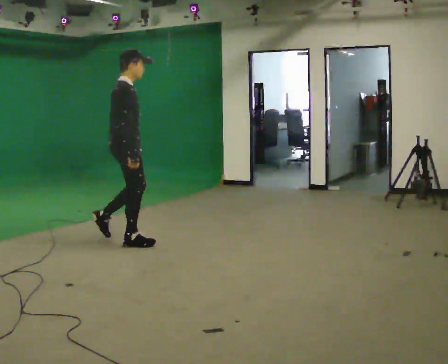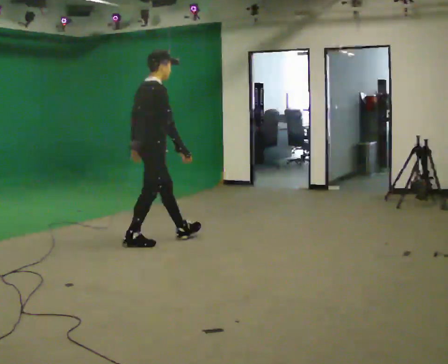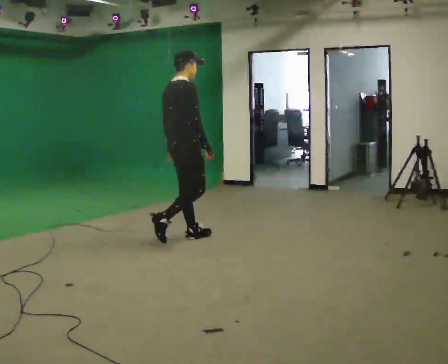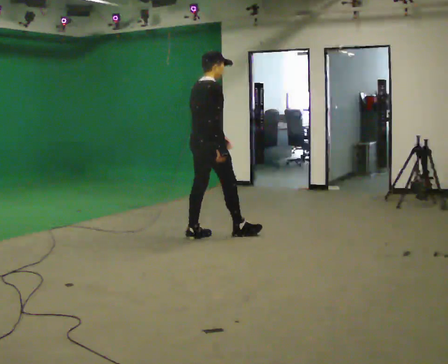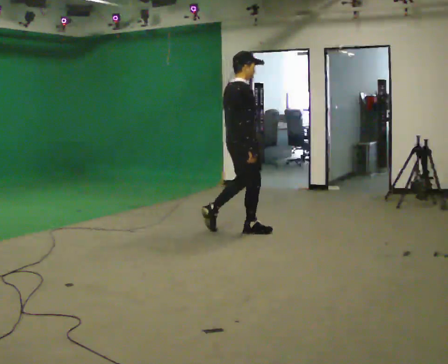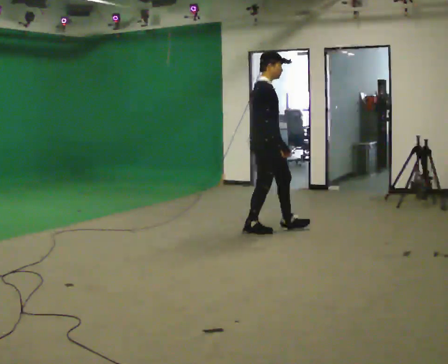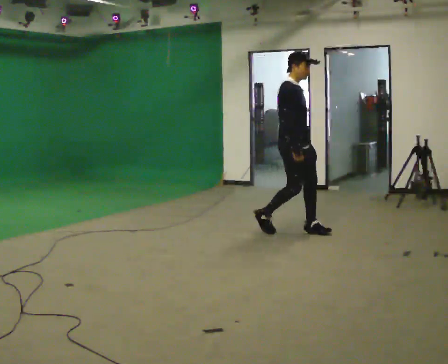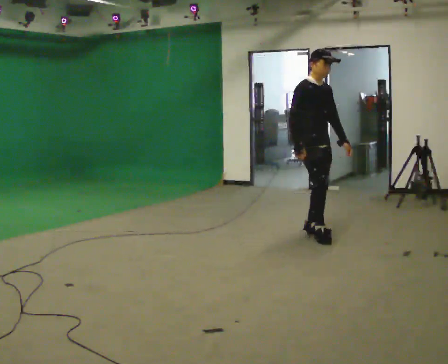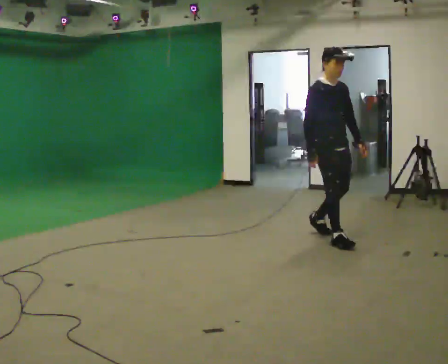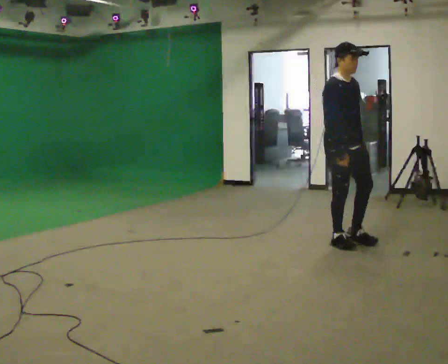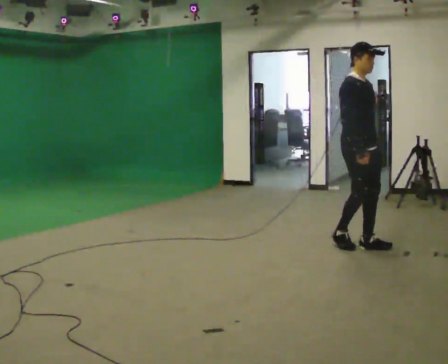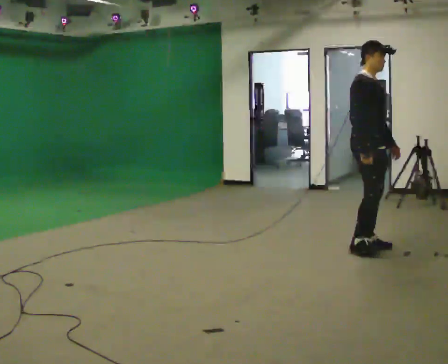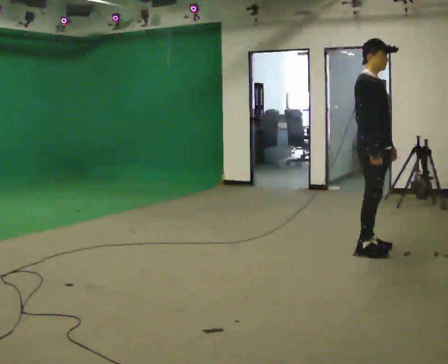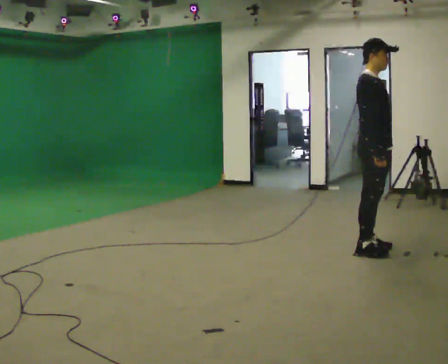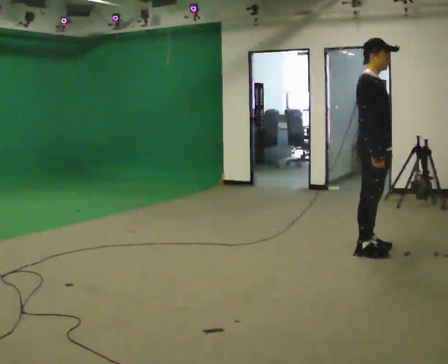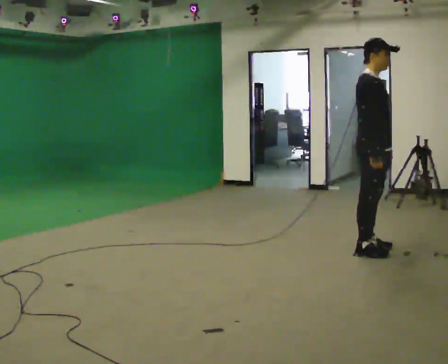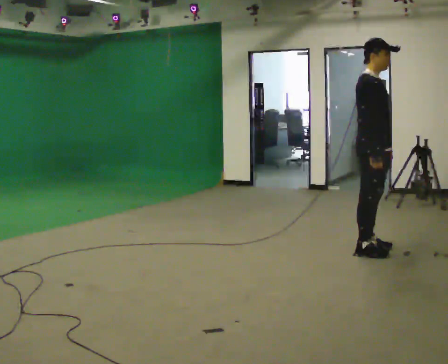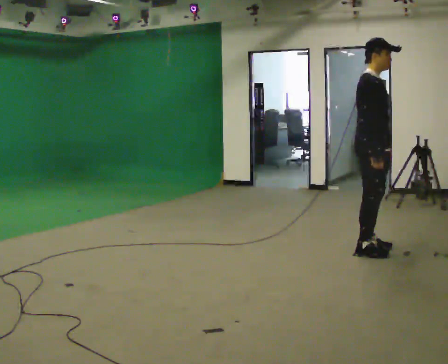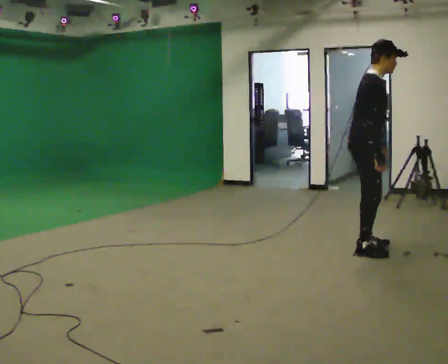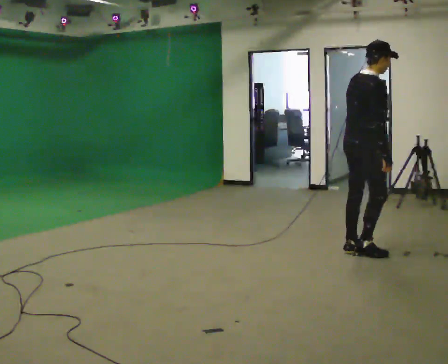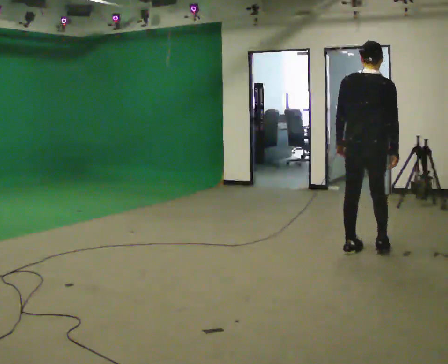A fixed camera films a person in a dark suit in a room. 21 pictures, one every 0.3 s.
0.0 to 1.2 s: In the picture they go to the right and away from the camera, about 1 m in 2 steps, which for them is forward.
1.2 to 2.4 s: Seen from above the body turns clockwise, about 75 degrees: to their right, with its near side sliding to the left. In the picture they go to the right, about 1 m in 2 steps.
2.4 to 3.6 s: The person turns about 30 degrees to their left, counterclockwise seen from above, so the part of the body nearest the lens slides to the right. In the picture they go toward the camera and to the right, about 0.5 m in 2 steps, which for them is forward.
3.6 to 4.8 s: The person moves a little, or ends about where they began.
4.8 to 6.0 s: The part of the body nearest the lens slides to the right as the person turns to their left by about 90 degrees. In the picture their left hand goes to the left.
The film runs forward here.
